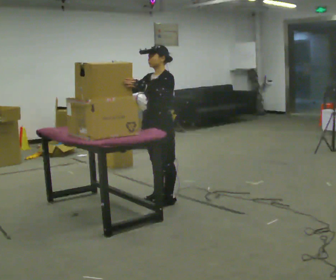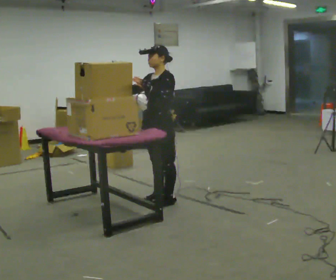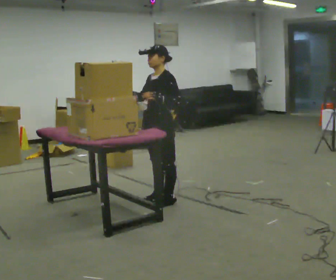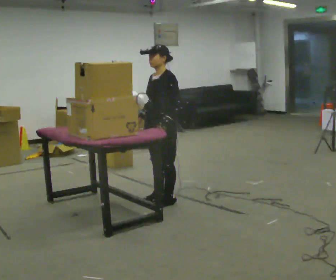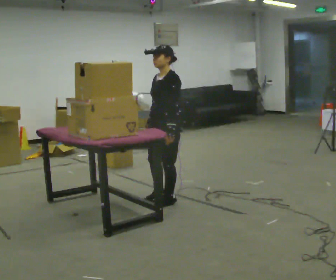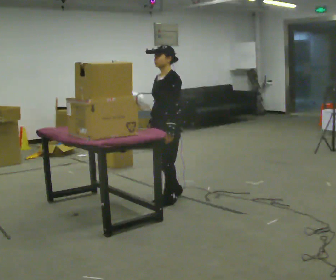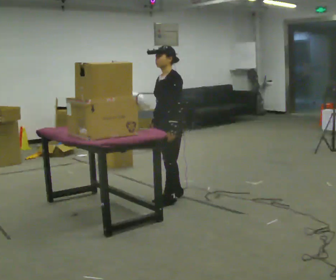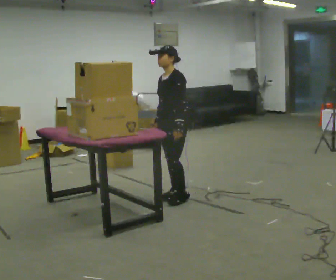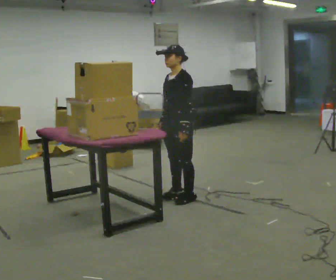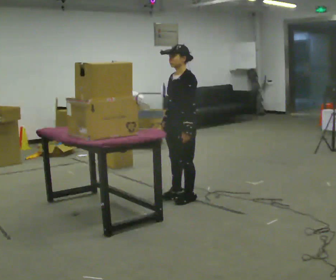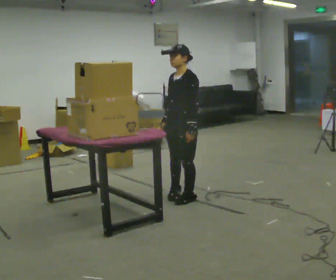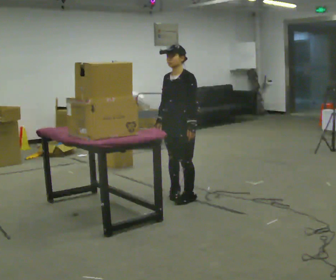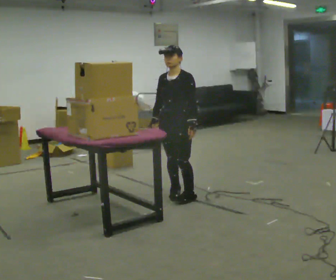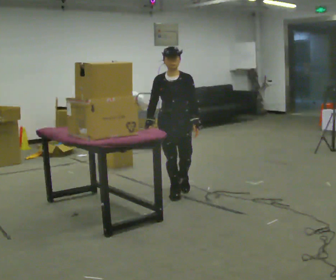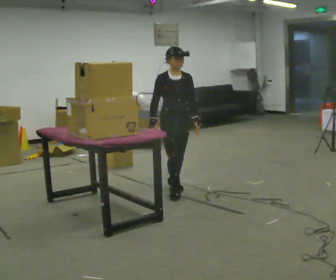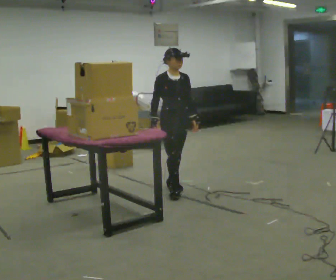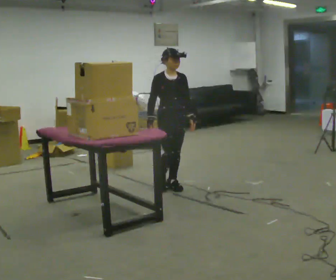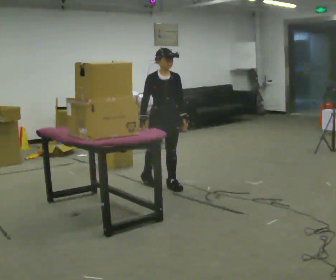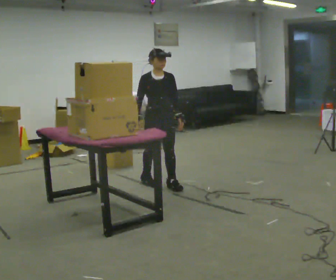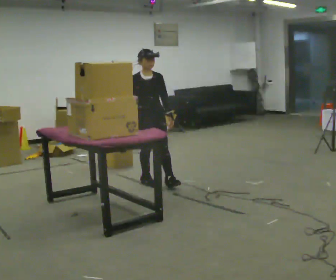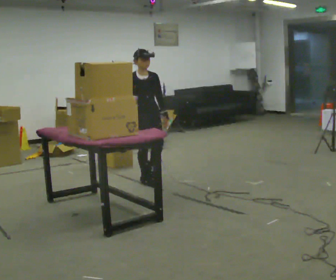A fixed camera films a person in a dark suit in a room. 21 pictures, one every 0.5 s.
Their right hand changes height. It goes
downward.
The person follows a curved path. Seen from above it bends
counterclockwise.
0.0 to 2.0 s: In the picture their right hand goes downward, the arm swinging counterclockwise.
2.0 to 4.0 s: The person moves a little, or ends about where they began.
4.0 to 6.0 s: The part of the body nearest the lens slides to the right as the person turns to their left by about 30 degrees.
6.0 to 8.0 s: Seen from above the body turns counterclockwise, about 60 degrees: to their left, with its near side sliding to the right. In the picture they go away from the camera, about 0.25 m in 2 steps.
8.0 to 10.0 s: In the picture they go to the left and away from the camera, about 0.5 m in 1 step, which for them is backward and to their right.
The film runs backward here.
